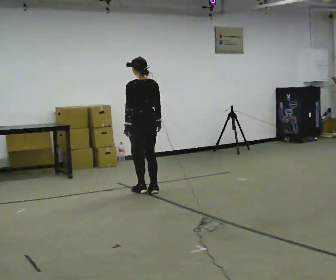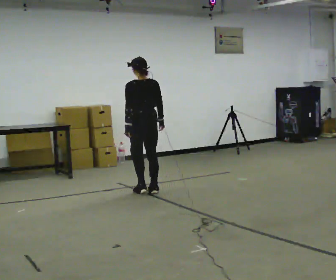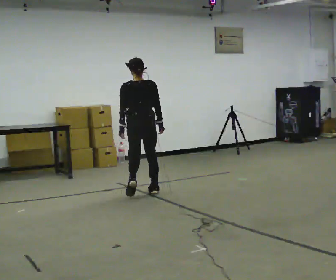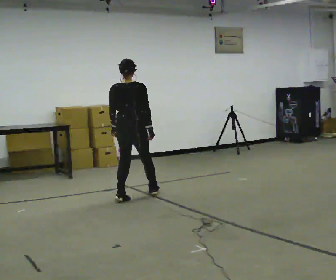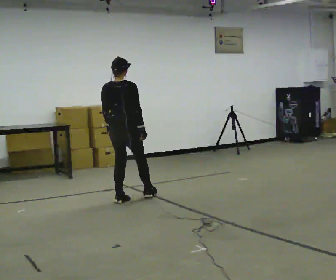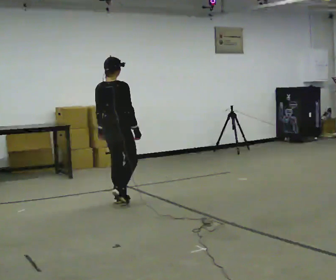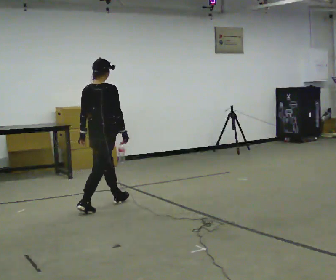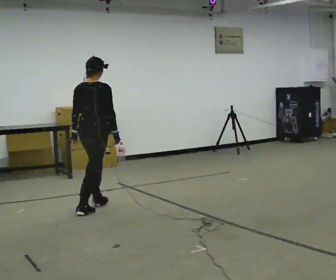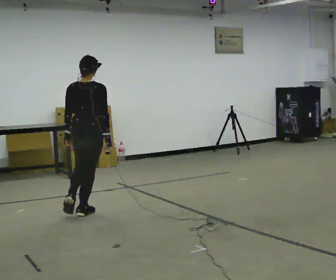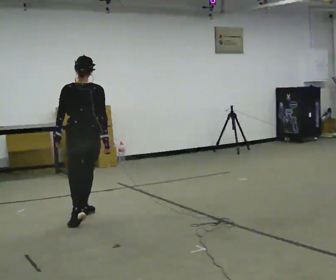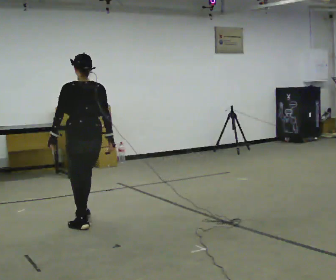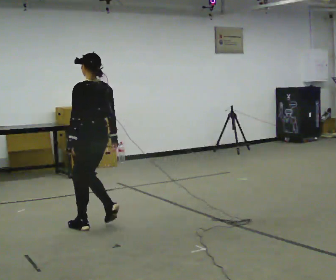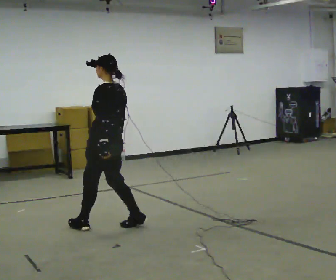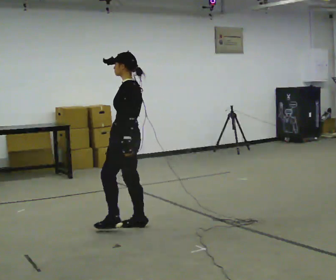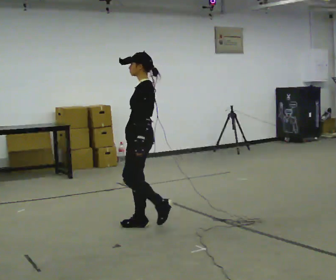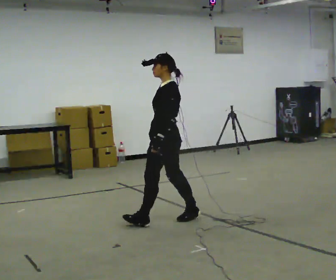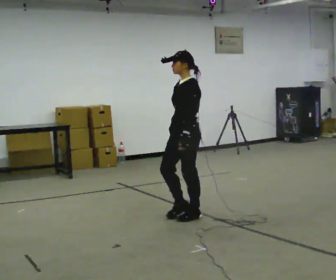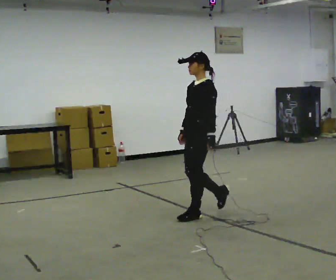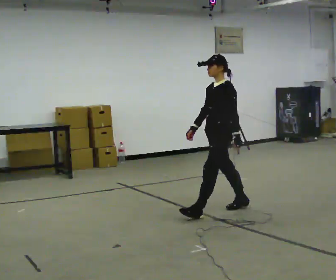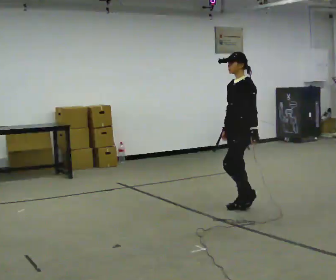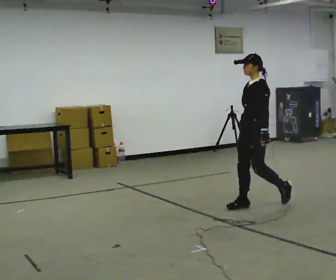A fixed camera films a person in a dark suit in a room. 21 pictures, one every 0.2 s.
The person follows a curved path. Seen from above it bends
counterclockwise.
0.0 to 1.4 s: The part of the body nearest the lens slides to the left as the person turns to their right by about 60 degrees. In the picture they go toward the camera and to the left, about 1 m in 3 steps.
1.4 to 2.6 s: The part of the body nearest the lens slides to the right as the person turns to their left by about 105 degrees. In the picture they go toward the camera and to the right, about 0.5 m in 2 steps.
2.6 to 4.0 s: Seen from above the body turns counterclockwise, about 30 degrees: to their left, with its near side sliding to the right. In the picture they go to the right, about 1.5 m in 2 steps, which for them is backward.
The film runs backward here.
